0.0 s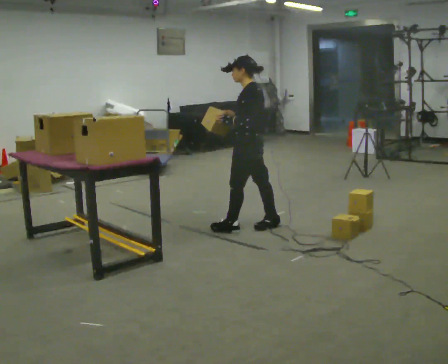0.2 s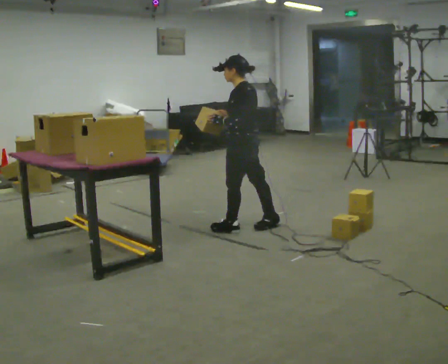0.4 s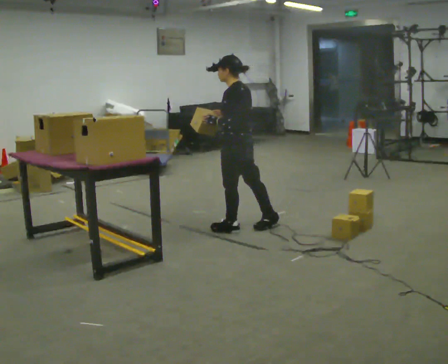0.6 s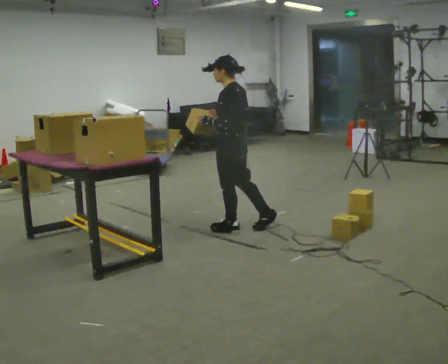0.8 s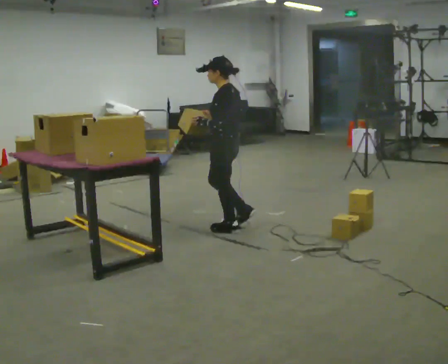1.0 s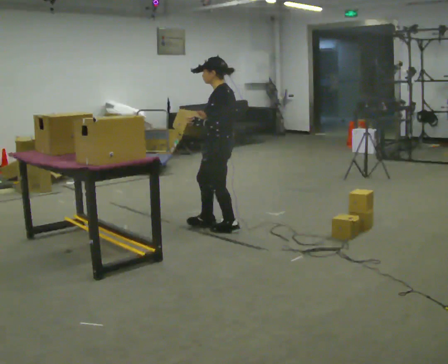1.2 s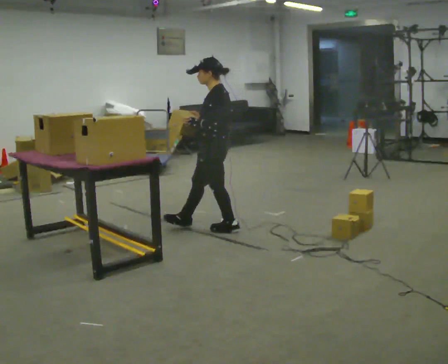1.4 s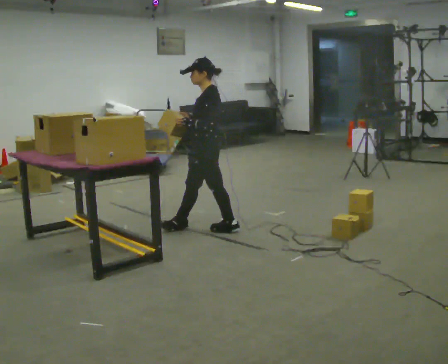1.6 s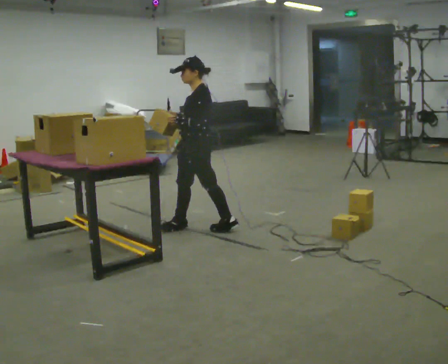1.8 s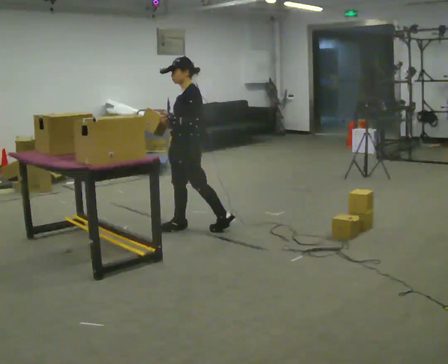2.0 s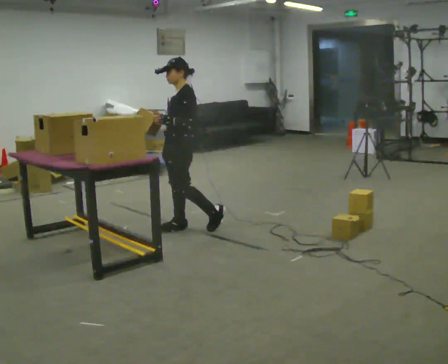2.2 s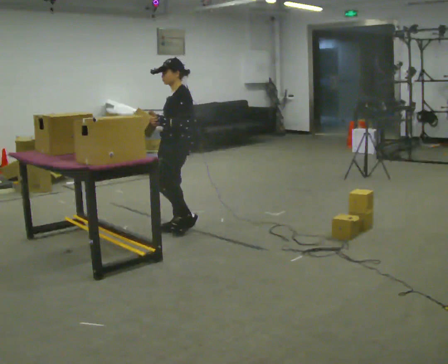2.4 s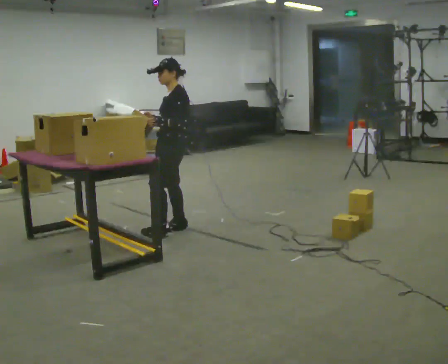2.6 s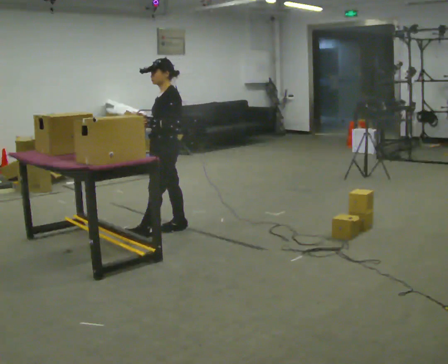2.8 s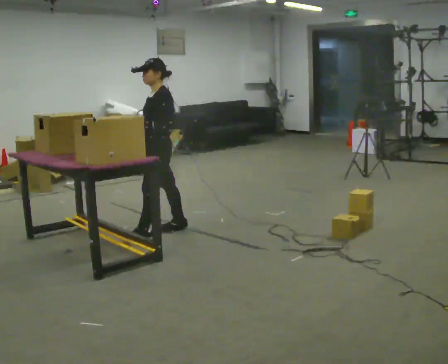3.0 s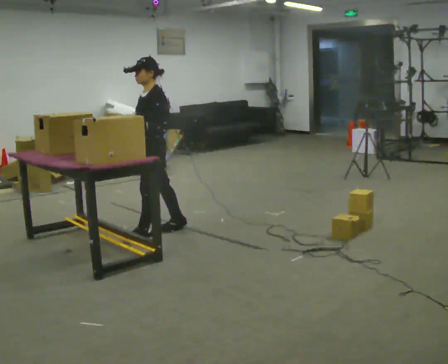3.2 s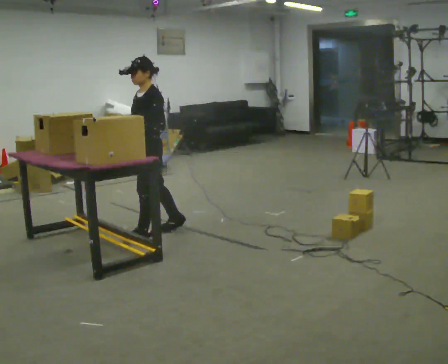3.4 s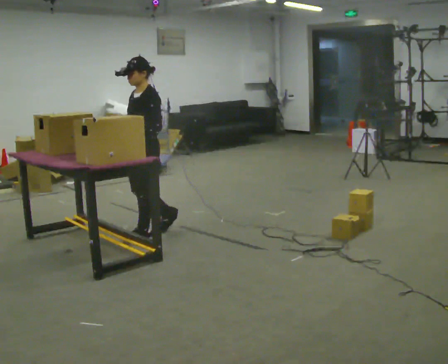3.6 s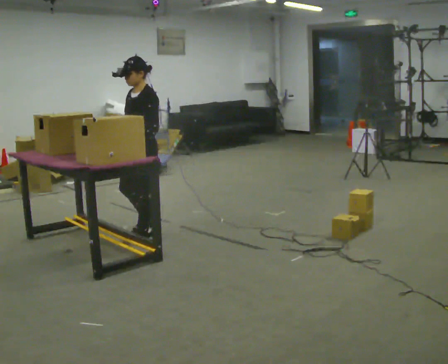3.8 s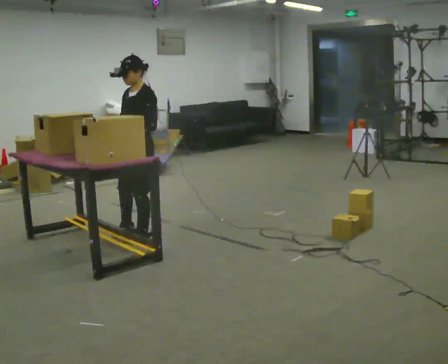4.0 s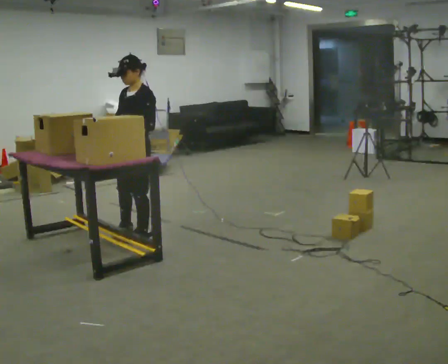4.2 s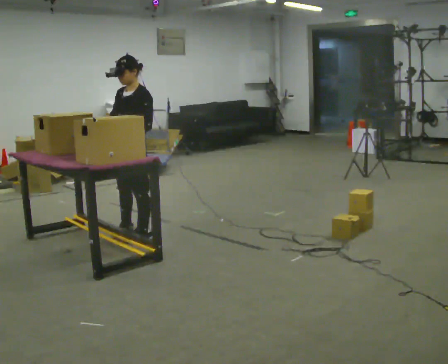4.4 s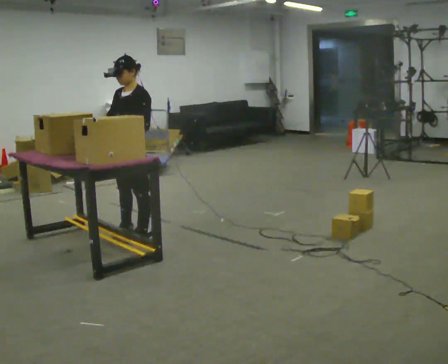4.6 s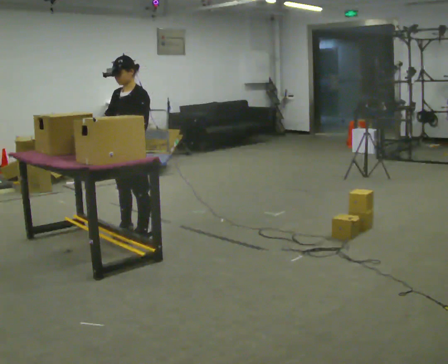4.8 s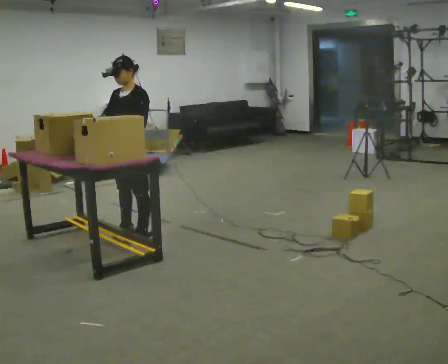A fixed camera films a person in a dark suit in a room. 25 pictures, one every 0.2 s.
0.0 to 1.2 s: In the picture they go to the left, about 0.25 m, which for them is forward.
1.2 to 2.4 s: Seen from above the body turns counterclockwise, about 30 degrees: to their left, with its near side sliding to the right. In the picture they go to the left, about 0.25 m in 1 step, which for them is forward and to their right.
2.4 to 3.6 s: In the picture they go to the left and toward the camera, about 0.25 m in 1 step, which for them is forward.
3.6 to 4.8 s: The person moves a little, or ends about where they began.
The film runs forward here.
